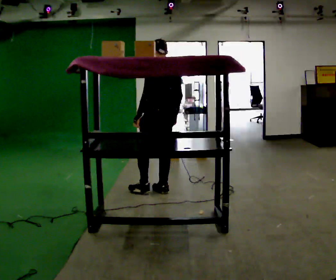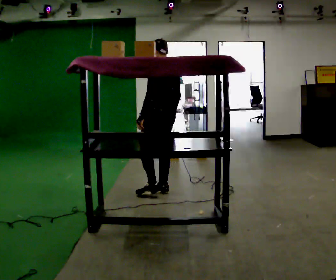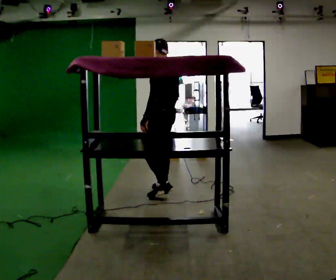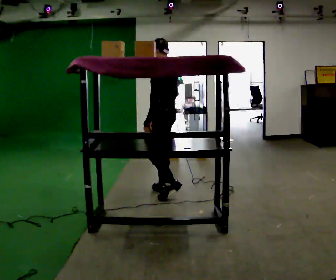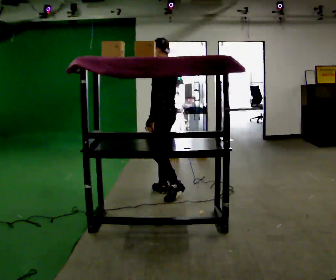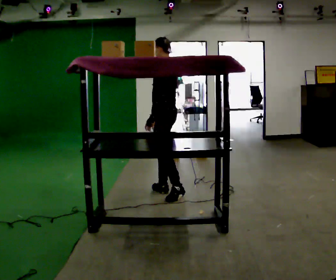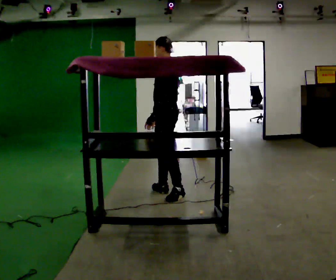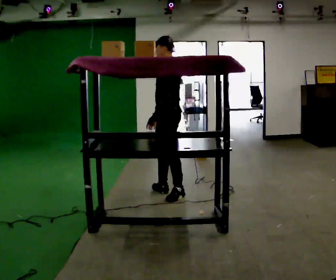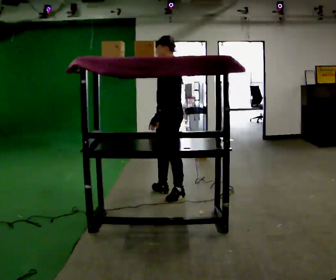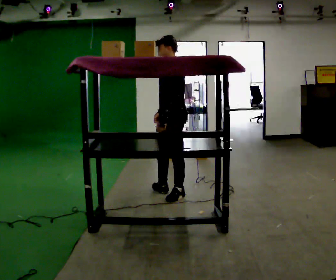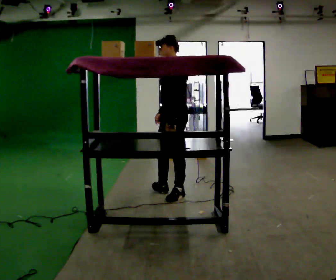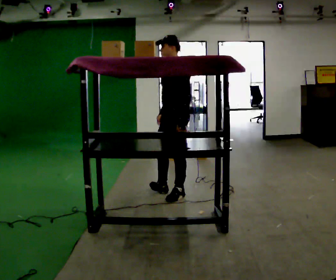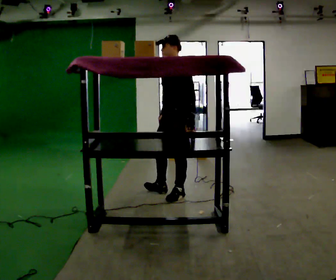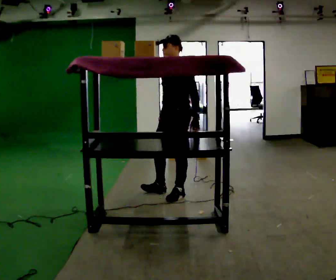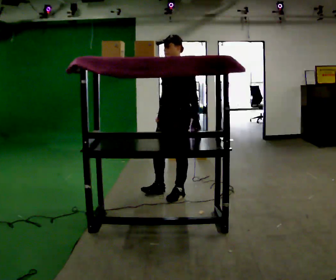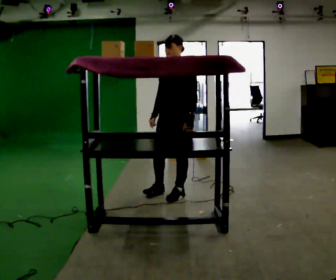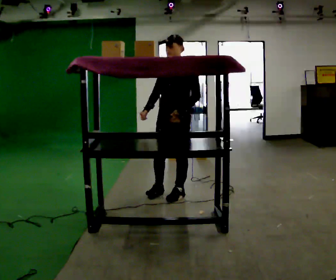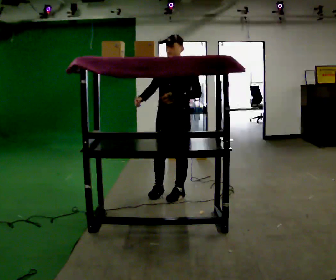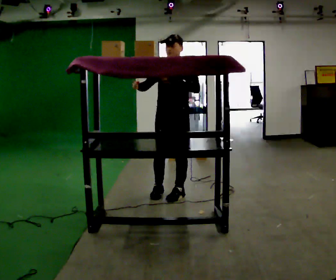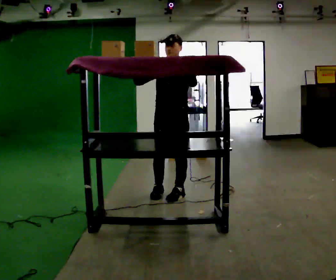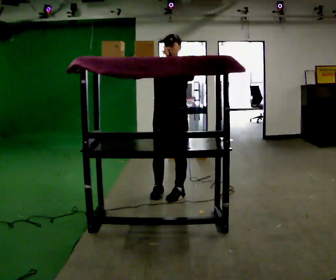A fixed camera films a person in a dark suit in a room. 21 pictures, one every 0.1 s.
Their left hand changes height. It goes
upward.
The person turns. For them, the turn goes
to their left.
0.0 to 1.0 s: Seen from above the body turns counterclockwise, about 60 degrees: to their left, with its near side sliding to the right. In the picture they go toward the camera and to the right, about 0.25 m. In the picture their left hand goes to the right.
1.0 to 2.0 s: The person turns about 60 degrees to their left, counterclockwise seen from above, so the part of the body nearest the lens slides to the right. In the picture their right hand goes upward, the arm swinging clockwise.
The film runs backward here.
